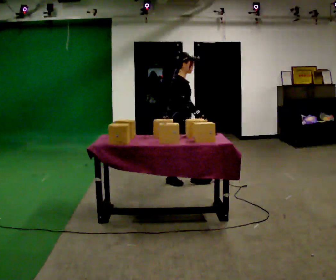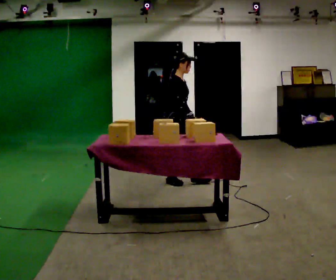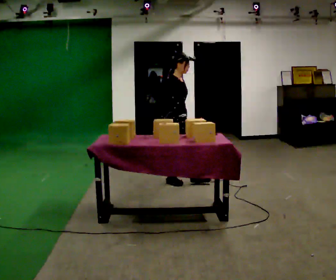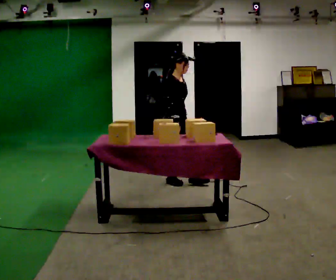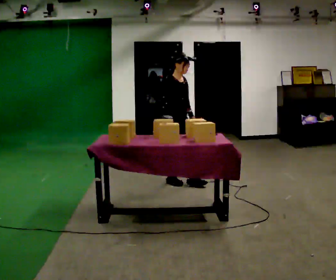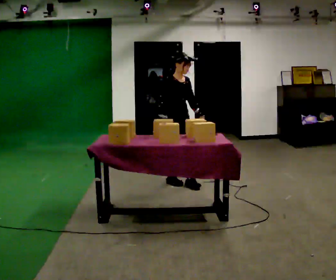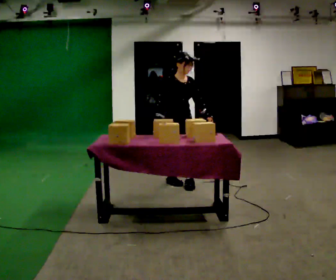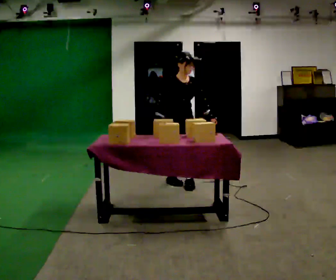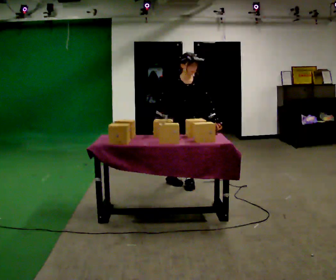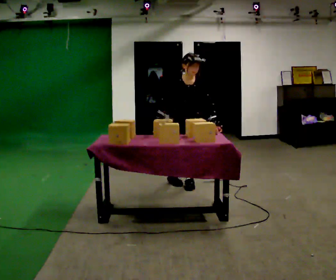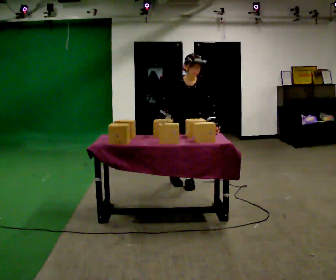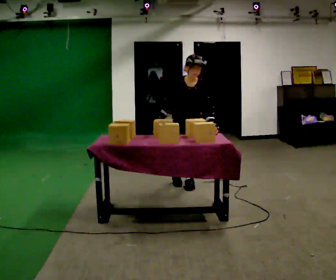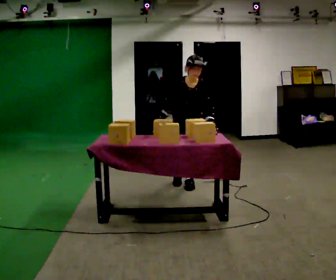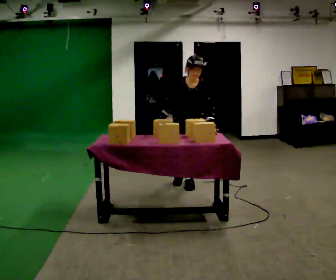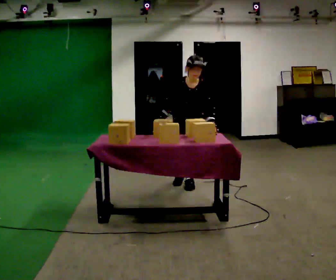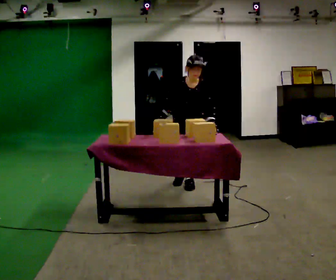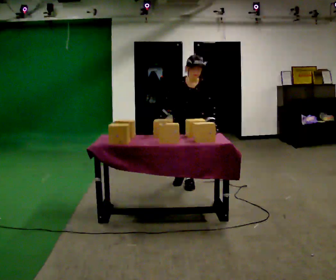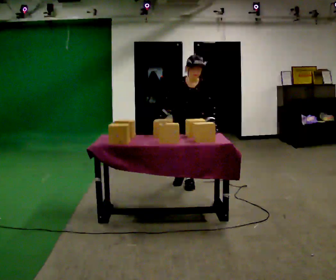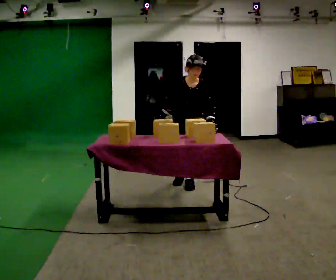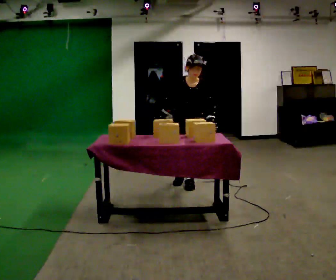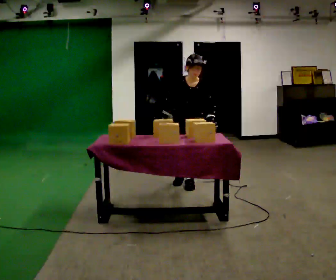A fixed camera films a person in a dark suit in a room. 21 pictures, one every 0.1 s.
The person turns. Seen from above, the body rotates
clockwise.
The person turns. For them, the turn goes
to their right.
0.0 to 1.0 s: The person turns about 75 degrees to their right, clockwise seen from above, so the part of the body nearest the lens slides to the left. The upper body tips toward the camera, its near side rolling downward, as they bend forward. In the picture their left hand goes to the right, the arm swinging counterclockwise.
1.0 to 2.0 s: The person moves a little, or ends about where they began.
The film runs backward here.
